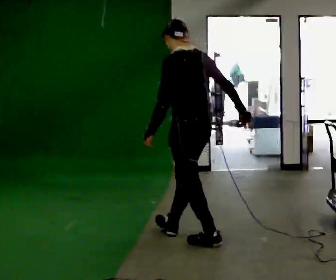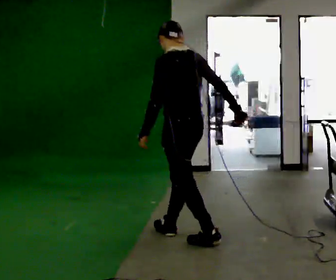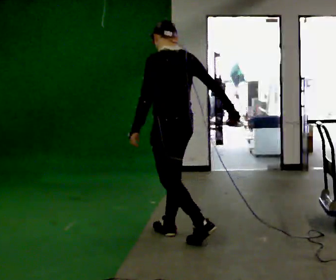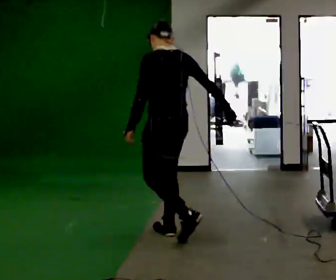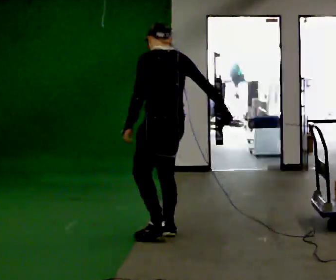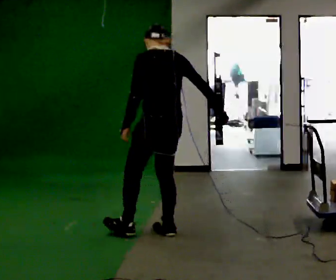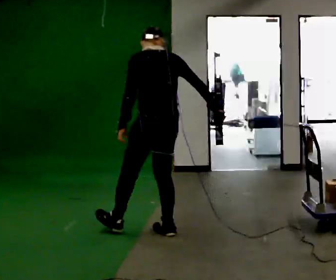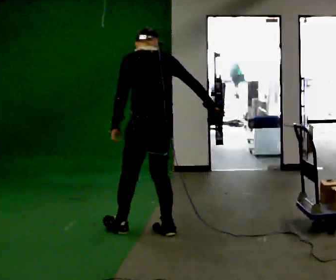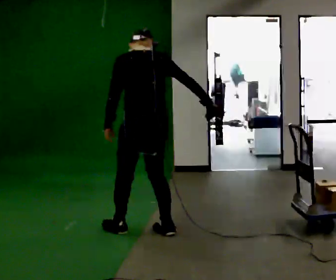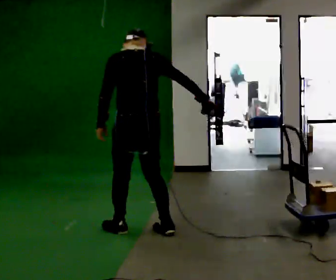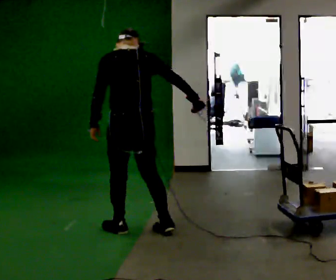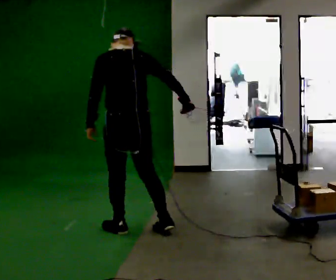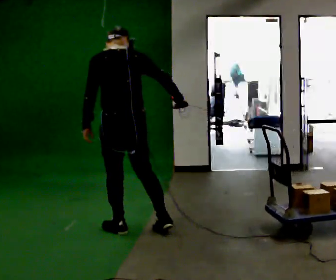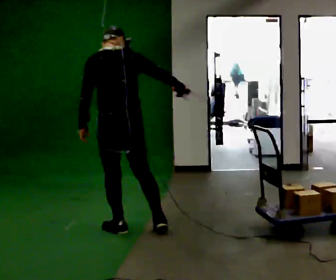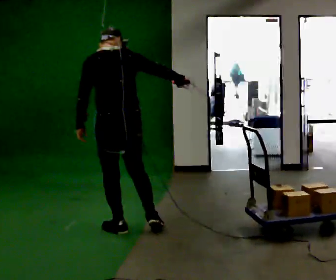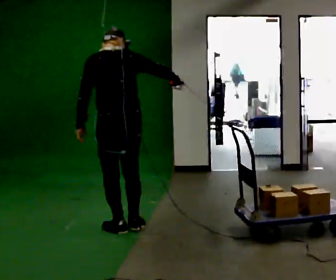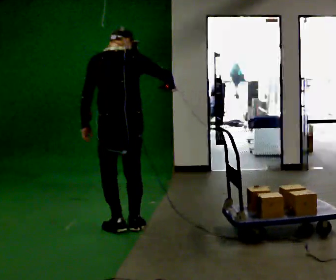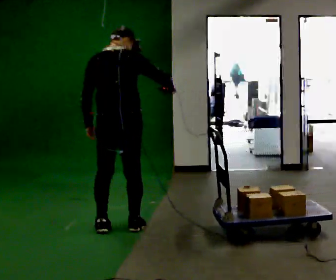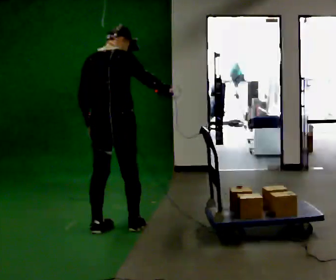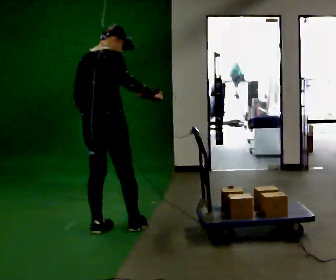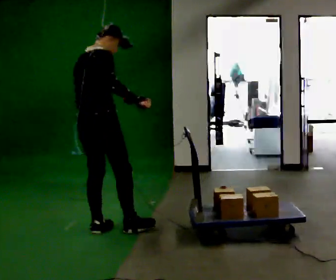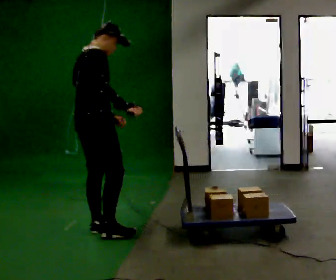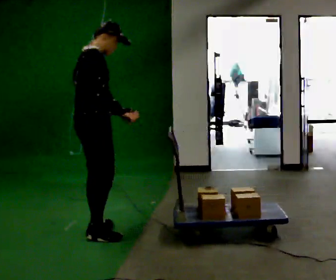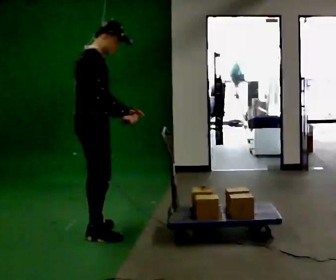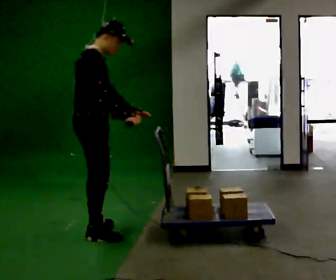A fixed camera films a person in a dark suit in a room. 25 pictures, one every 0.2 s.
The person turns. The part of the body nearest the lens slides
to the left.
Their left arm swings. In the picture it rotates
counterclockwise.
0.0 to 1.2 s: In the picture they go to the left and away from the camera, about 0.25 m, which for them is forward.
1.2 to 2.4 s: In the picture they go to the left, about 0.25 m in 1 step, which for them is to their left and forward.
2.4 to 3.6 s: The person turns about 45 degrees to their right, clockwise seen from above, so the part of the body nearest the lens slides to the left.
3.6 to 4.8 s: Seen from above the body turns clockwise, about 60 degrees: to their right, with its near side sliding to the left. In the picture they go to the left and toward the camera, about 0.25 m in 1 step. In the picture their left hand goes to the right, the arm swinging counterclockwise.
The film runs forward here.
